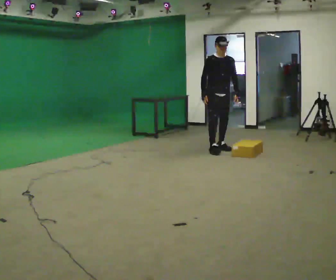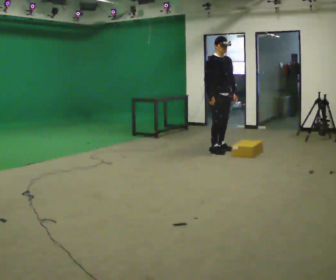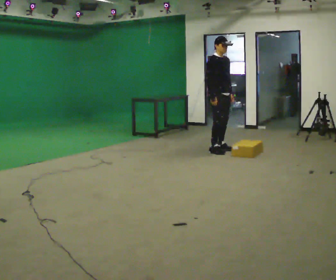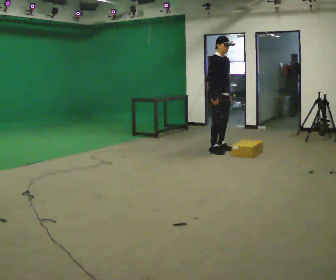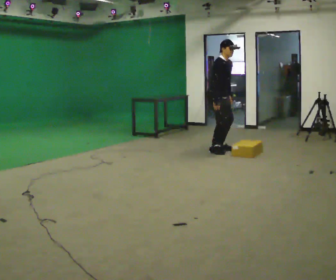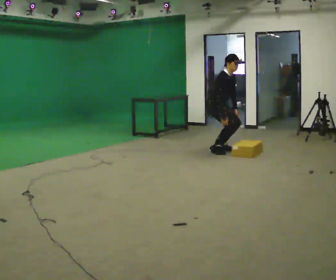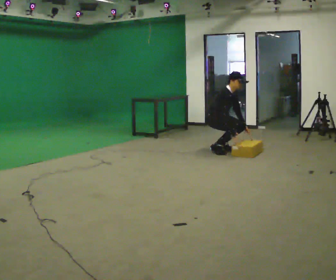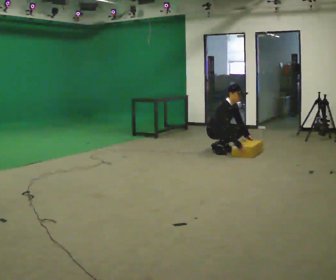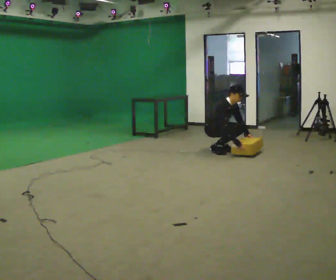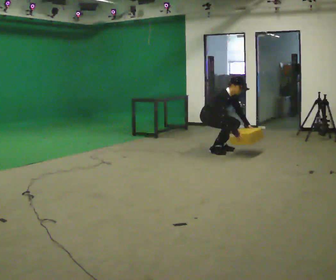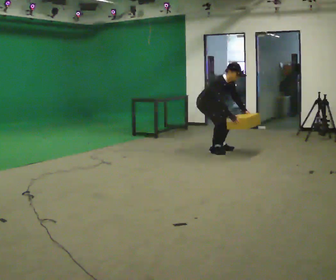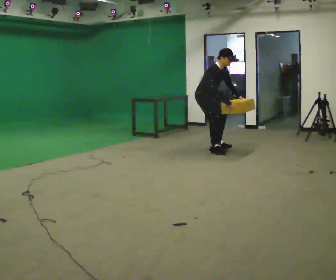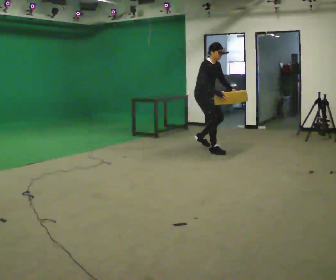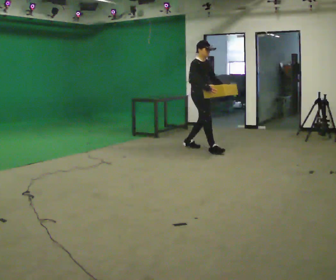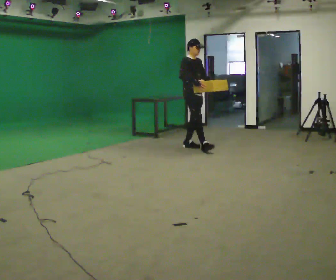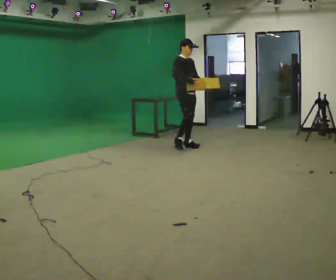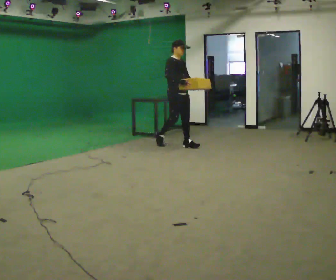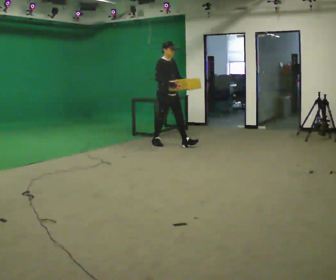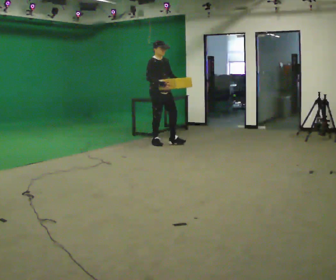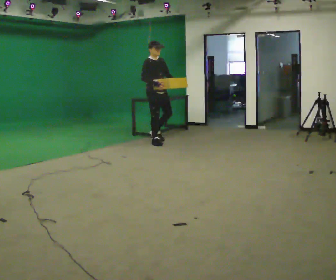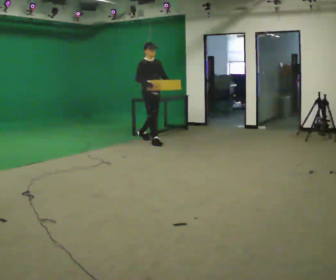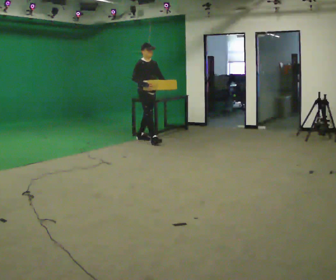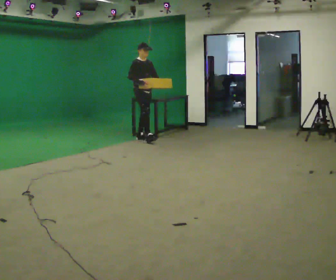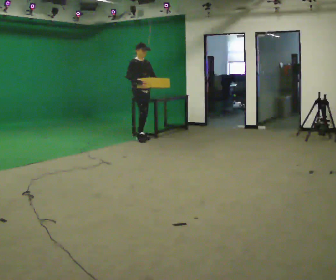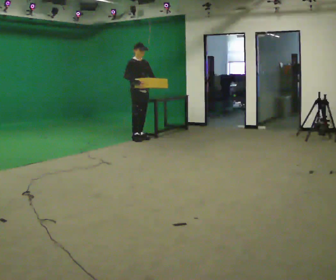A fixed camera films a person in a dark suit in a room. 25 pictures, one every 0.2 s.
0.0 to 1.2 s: The part of the body nearest the lens slides to the right as the person turns to their left by about 45 degrees. The upper body goes downward. In the picture the upper body tilts clockwise, shoulders to the right, as they bend forward. In the picture their right hand goes downward and to the right.
1.2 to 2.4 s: In the picture they go to the left, about 0.25 m in 1 step, which for them is backward. In the picture their right hand goes upward.
2.4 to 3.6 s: In the picture they go to the left and away from the camera, about 1 m in 2 steps, which for them is backward. In the picture the upper body tilts counterclockwise, shoulders to the left, as they lean back or straighten.
3.6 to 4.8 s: In the picture they go to the left and away from the camera, about 0.5 m in 1 step, which for them is backward.
The film runs backward here.
